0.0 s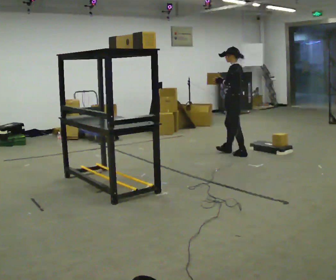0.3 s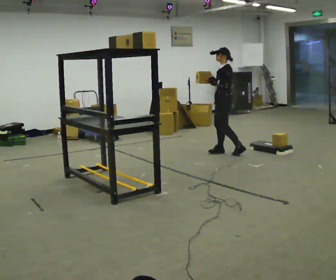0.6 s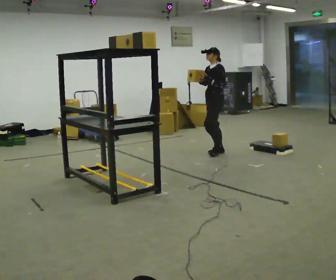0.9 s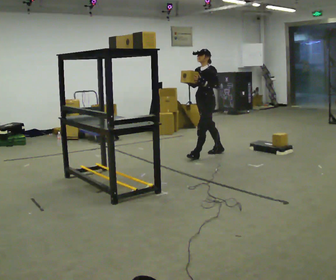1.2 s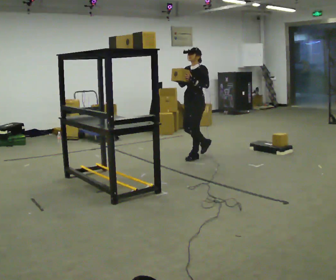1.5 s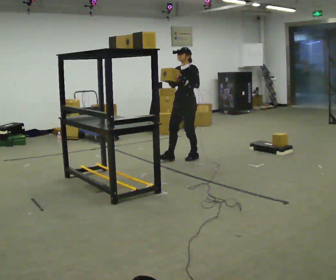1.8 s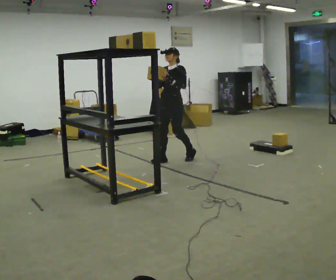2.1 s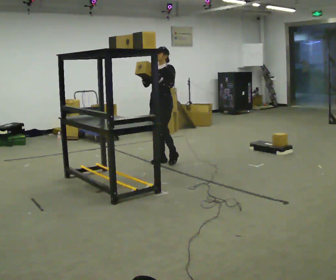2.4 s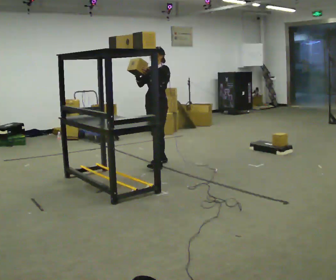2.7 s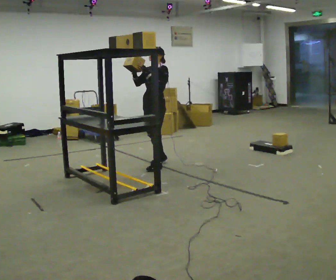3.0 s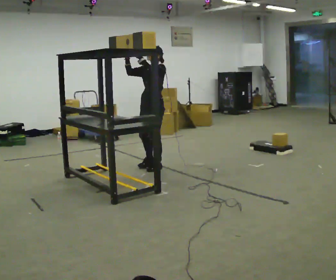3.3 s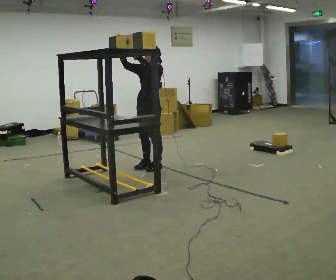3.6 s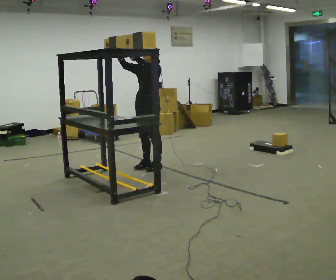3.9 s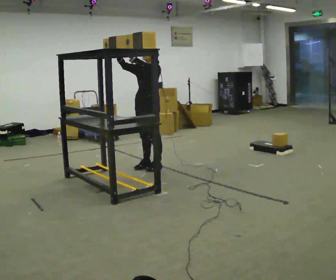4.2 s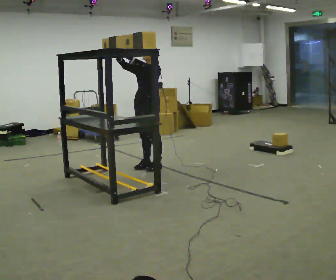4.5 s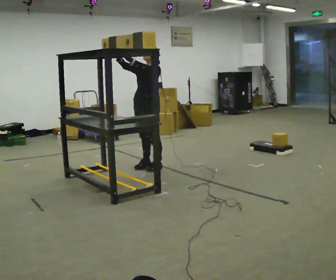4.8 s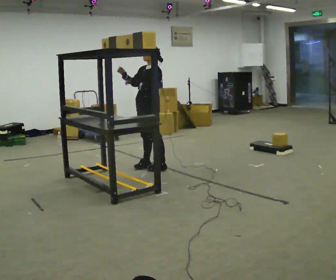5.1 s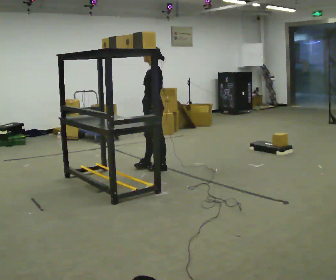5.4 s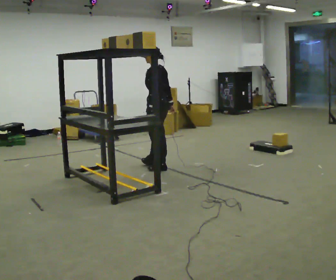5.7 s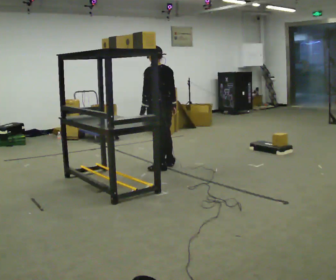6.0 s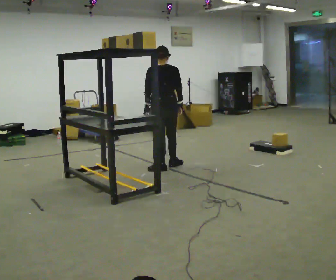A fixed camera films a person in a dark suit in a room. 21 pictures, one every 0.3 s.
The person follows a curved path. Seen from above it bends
counterclockwise.
0.0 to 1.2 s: The part of the body nearest the lens slides to the right as the person turns to their left by about 60 degrees. In the picture they go to the left, about 0.5 m in 2 steps.
1.2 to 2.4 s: In the picture they go to the left and toward the camera, about 0.5 m in 2 steps, which for them is forward.
2.4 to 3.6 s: In the picture they go toward the camera, about 0.25 m in 1 step, which for them is forward.
3.6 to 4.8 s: In the picture their left hand goes downward.
4.8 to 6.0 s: The person turns about 90 degrees to their right, clockwise seen from above, so the part of the body nearest the lens slides to the left. In the picture they go to the right, about 0.25 m in 1 step. In the picture their right hand goes to the right and downward, the arm swinging counterclockwise.
The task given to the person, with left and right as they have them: Take an object from the lowest shelf, carry it across the room, and place it on the highest shelf you can comfortably reach. Keep going until the operator says stop; one object at a time, and do not rush between trips.
The film runs forward here.
